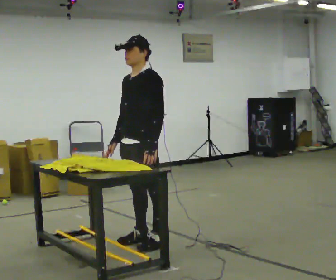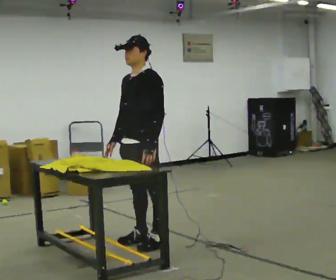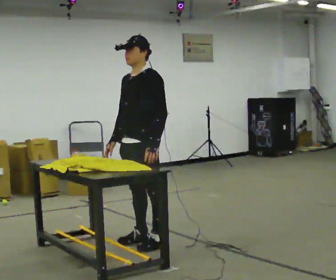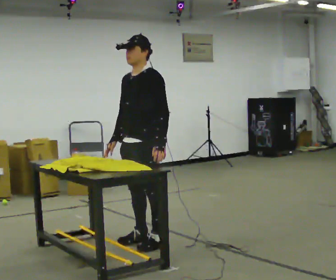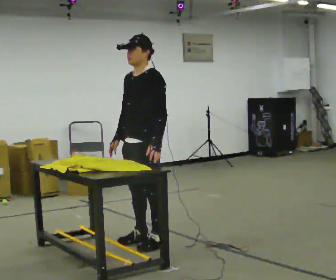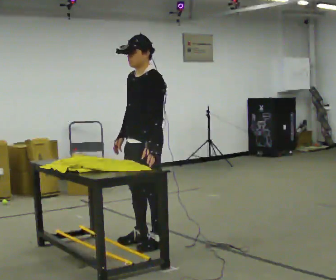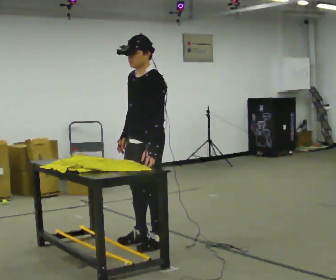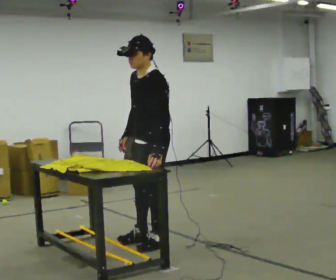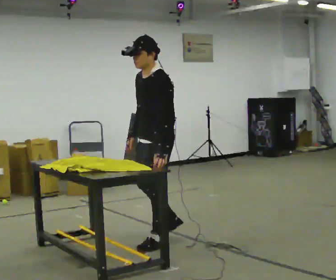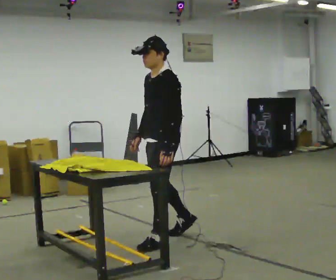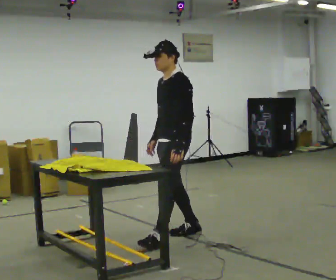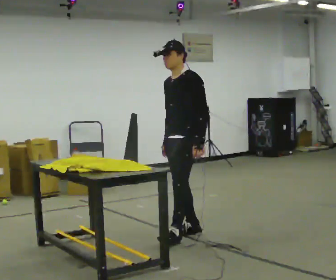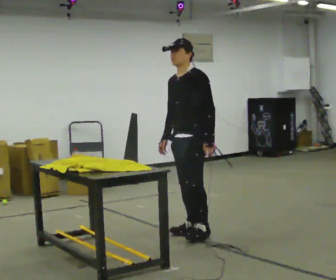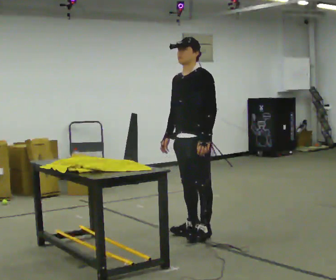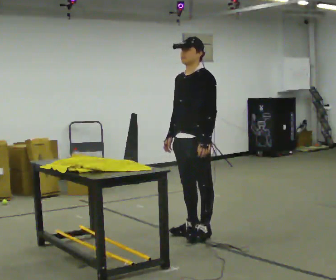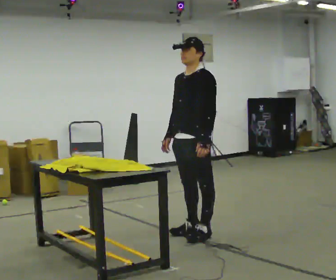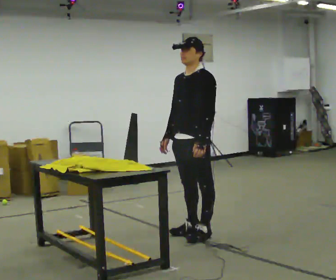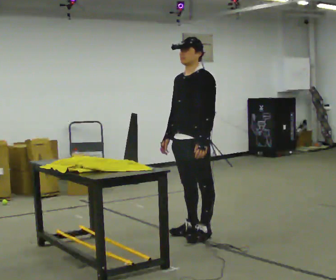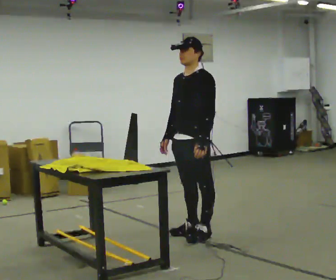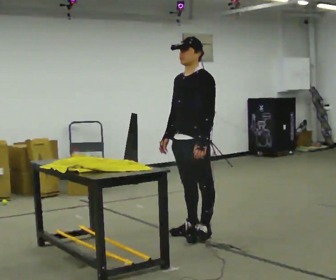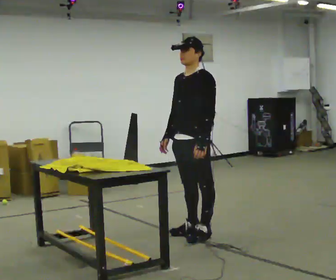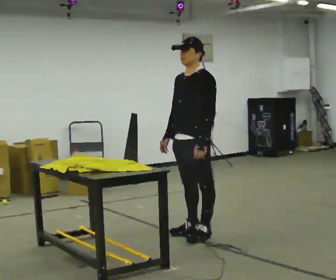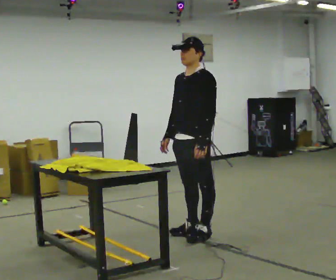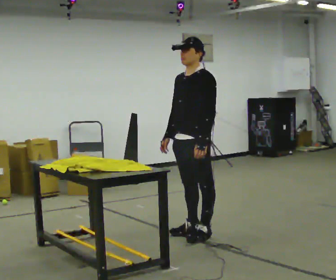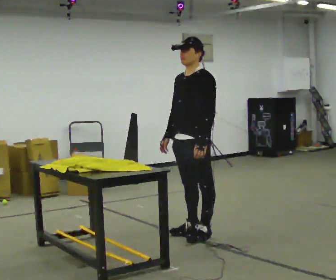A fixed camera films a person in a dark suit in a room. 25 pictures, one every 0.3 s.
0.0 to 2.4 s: The person moves a little, or ends about where they began.
2.4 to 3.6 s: In the picture they go away from the camera and to the right, about 0.5 m in 2 steps, which for them is backward and to their right.
3.6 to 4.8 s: The person moves a little, or ends about where they began.
4.8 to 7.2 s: The person keeps their place and pose.
The film runs forward here.
